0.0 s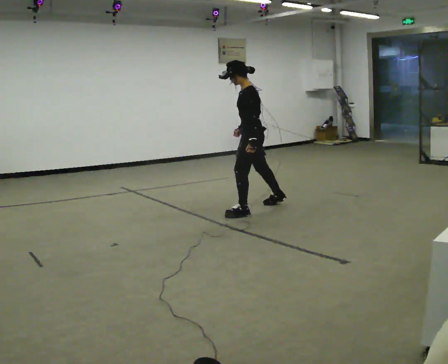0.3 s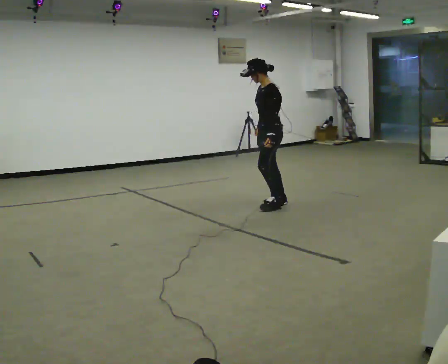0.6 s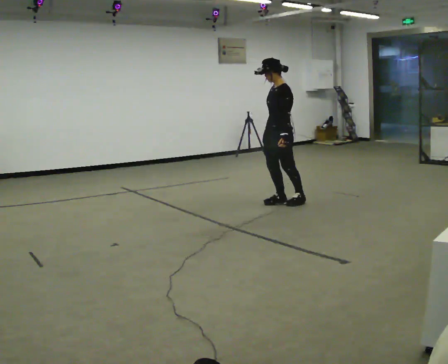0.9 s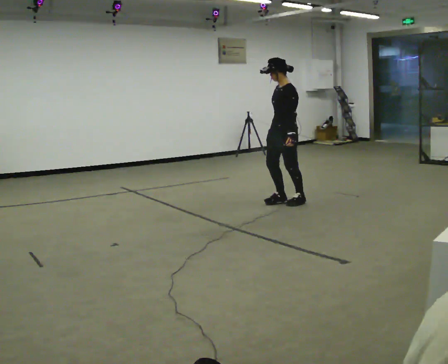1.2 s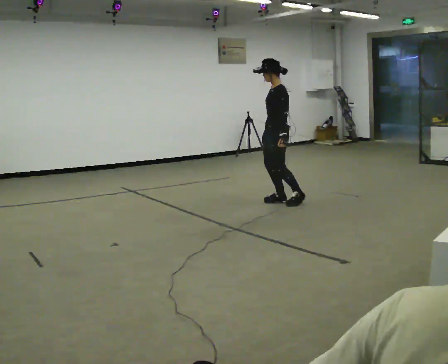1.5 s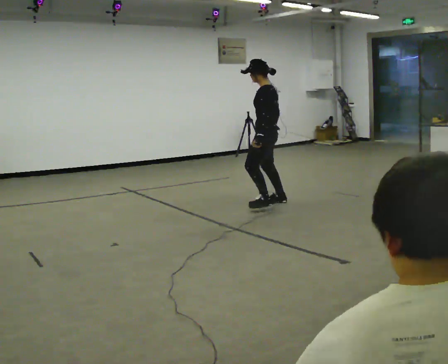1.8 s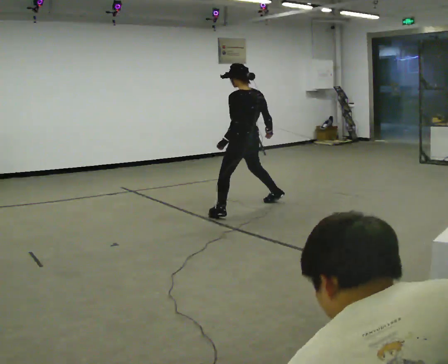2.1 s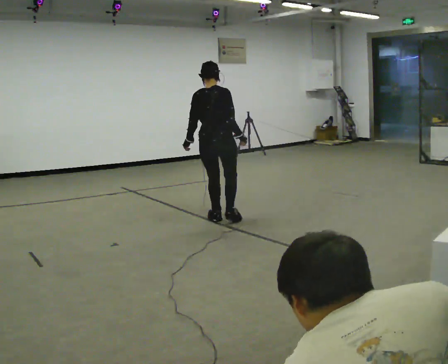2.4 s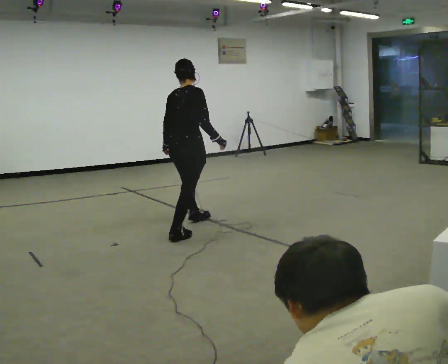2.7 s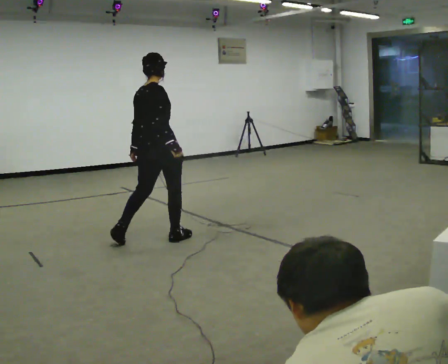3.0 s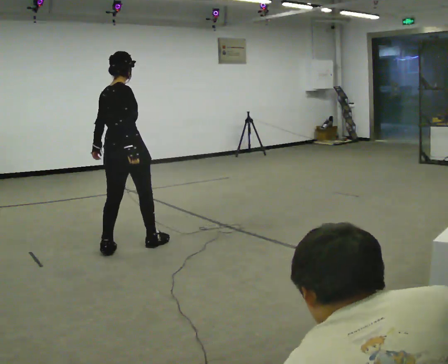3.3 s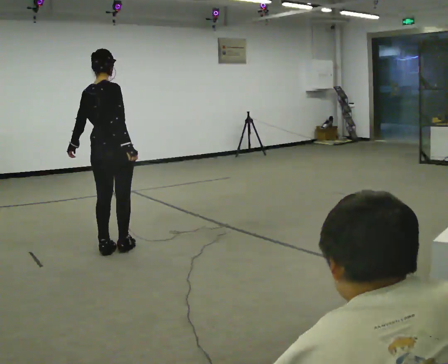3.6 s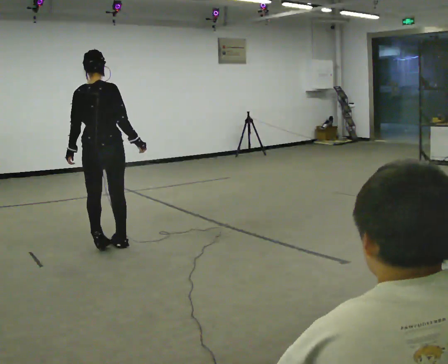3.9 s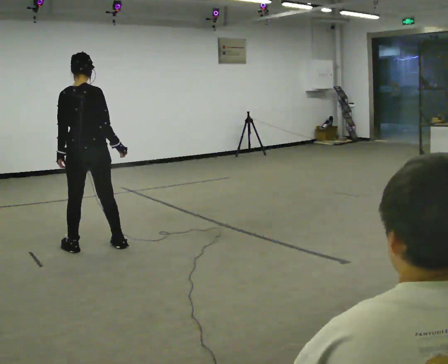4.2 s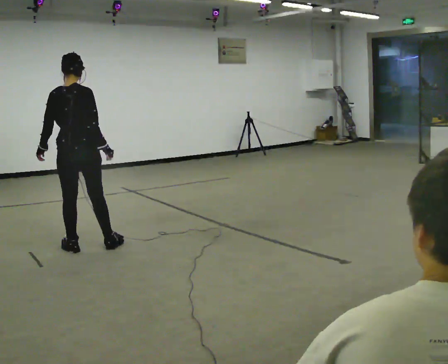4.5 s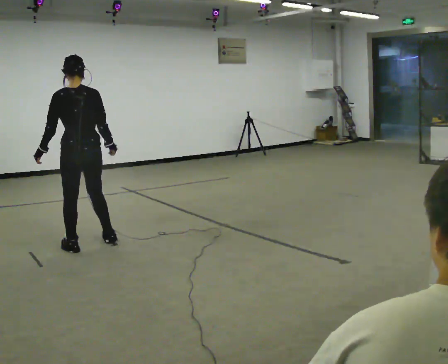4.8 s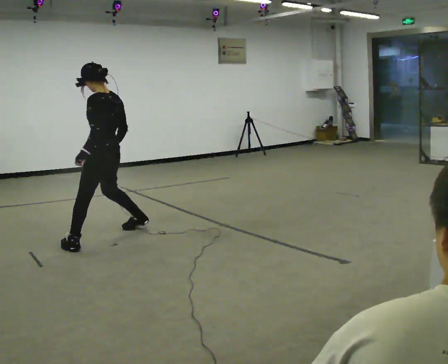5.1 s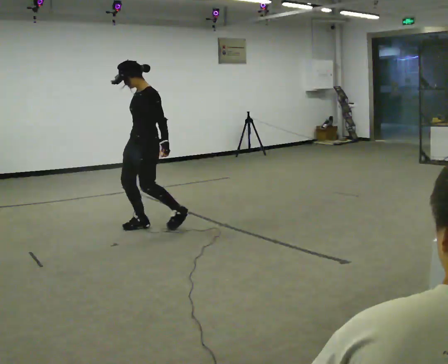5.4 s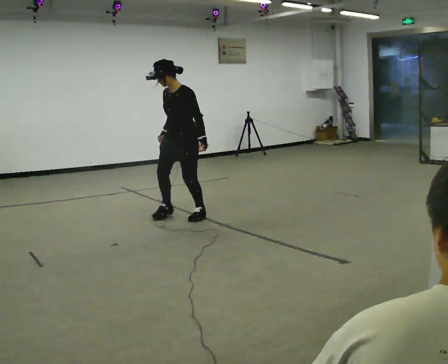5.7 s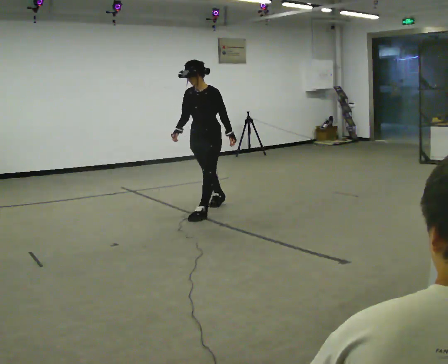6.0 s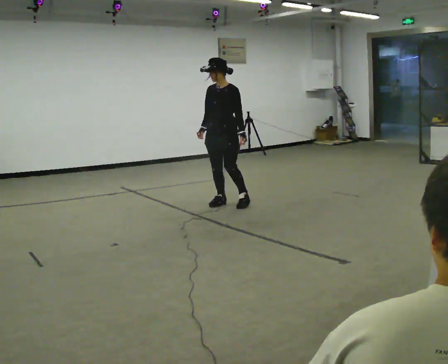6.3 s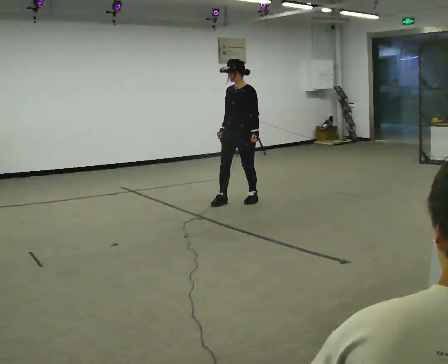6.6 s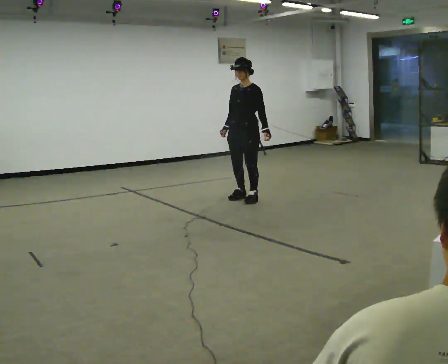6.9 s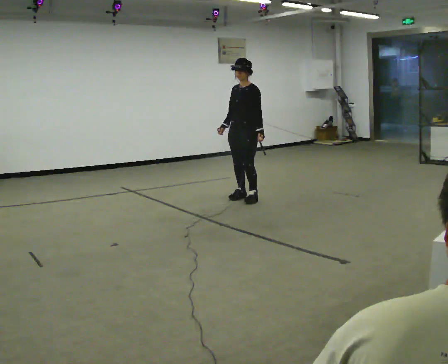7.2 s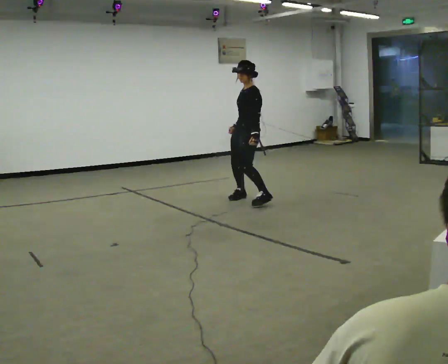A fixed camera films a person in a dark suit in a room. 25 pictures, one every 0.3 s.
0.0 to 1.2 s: In the picture they go to the right and away from the camera, about 0.25 m in 1 step, which for them is backward.
1.2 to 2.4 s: Seen from above the body turns clockwise, about 135 degrees: to their right, with its near side sliding to the left. In the picture they go to the left and toward the camera, about 1.5 m in 2 steps.
2.4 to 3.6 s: The person turns about 45 degrees to their left, counterclockwise seen from above, so the part of the body nearest the lens slides to the right. In the picture they go to the left, about 0.5 m in 2 steps, which for them is backward and to their left.
3.6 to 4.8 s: The person turns about 75 degrees to their left, counterclockwise seen from above, so the part of the body nearest the lens slides to the right. In the picture they go away from the camera, about 0.25 m in 1 step.
4.8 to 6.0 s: The part of the body nearest the lens slides to the right as the person turns to their left by about 75 degrees. In the picture they go to the right and away from the camera, about 1.5 m in 3 steps.
6.0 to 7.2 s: Seen from above the body turns clockwise, about 45 degrees: to their right, with its near side sliding to the left. In the picture they go to the right, about 0.25 m in 2 steps, which for them is backward and to their left.
The film runs forward here.
